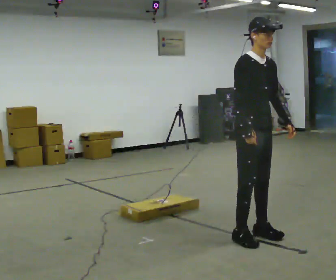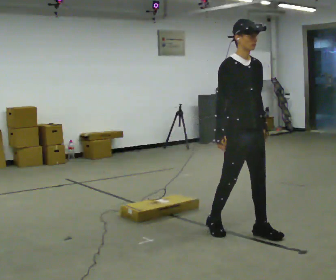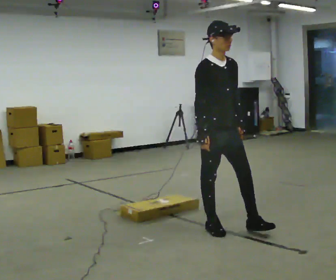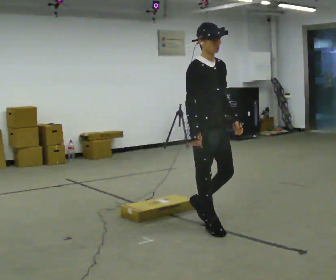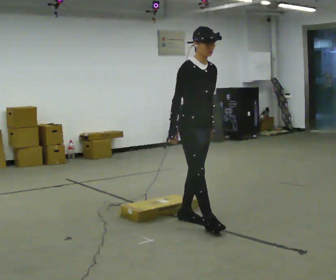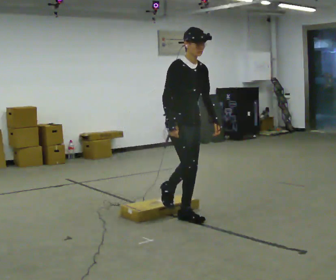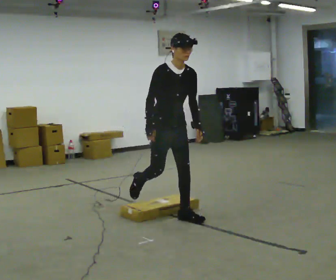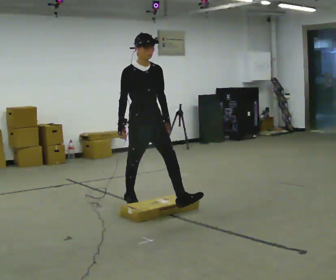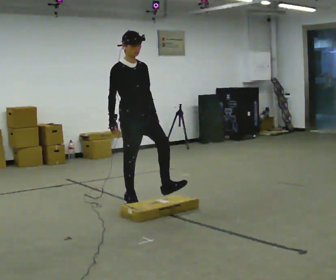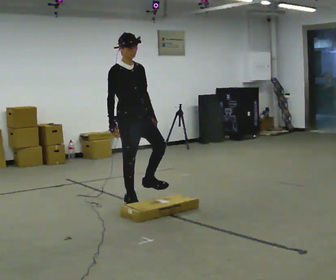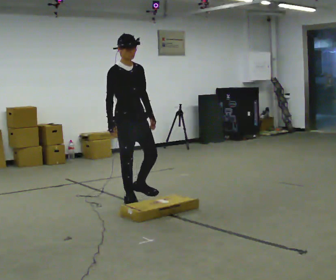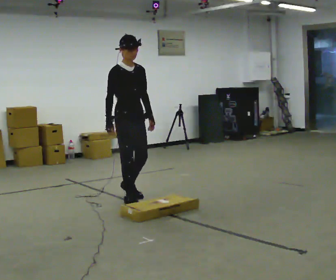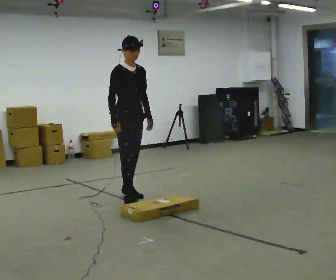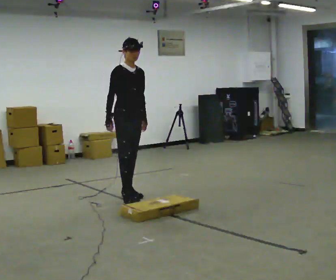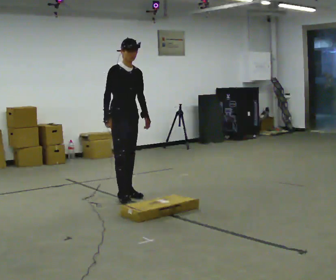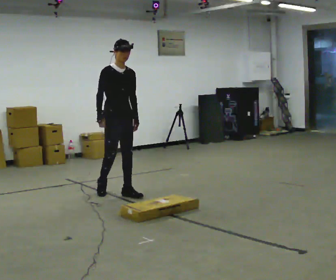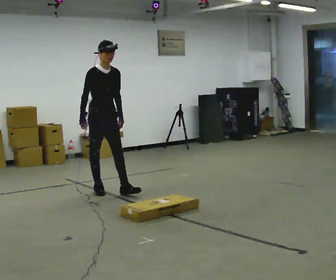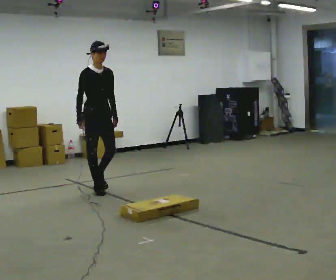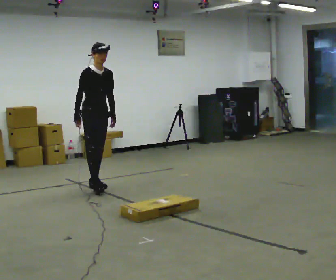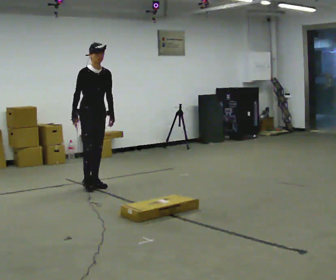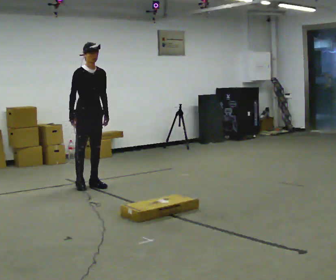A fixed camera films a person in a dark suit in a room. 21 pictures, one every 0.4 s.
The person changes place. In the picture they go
away from the camera.
0.0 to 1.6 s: In the picture they go away from the camera and to the left, about 0.5 m in 2 steps, which for them is backward.
1.6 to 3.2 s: In the picture they go away from the camera and to the left, about 1 m in 2 steps, which for them is backward.
3.2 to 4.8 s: In the picture they go away from the camera, about 0.25 m, which for them is backward.
4.8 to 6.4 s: In the picture they go away from the camera and to the left, about 0.5 m in 1 step, which for them is backward.
6.4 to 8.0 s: In the picture they go away from the camera and to the left, about 0.5 m in 2 steps, which for them is backward.
The film runs backward here.
